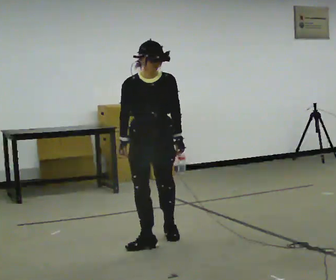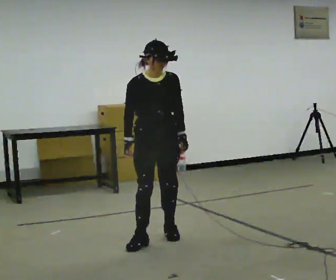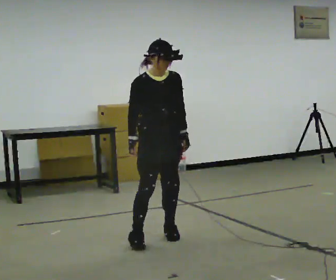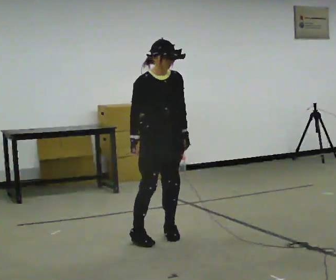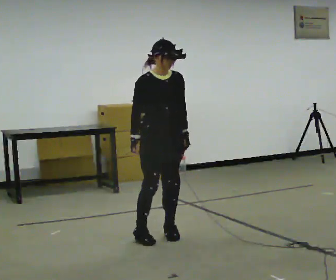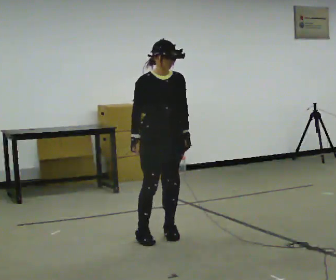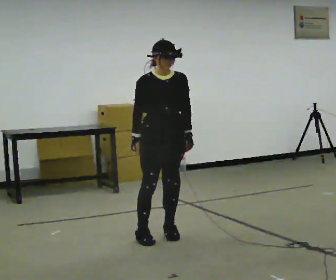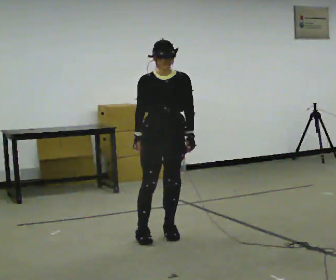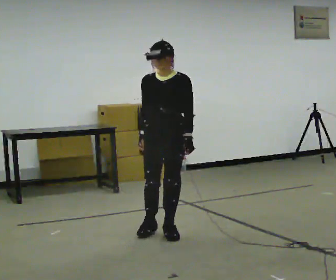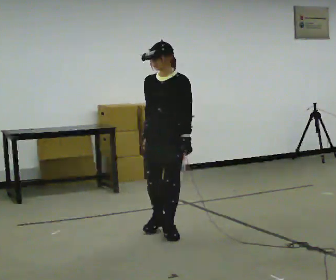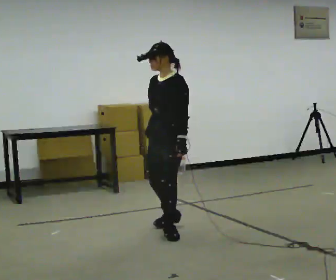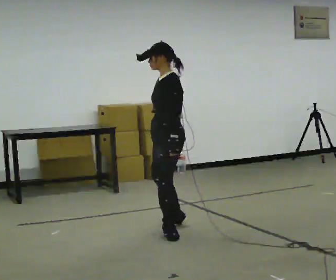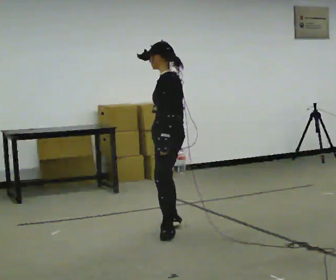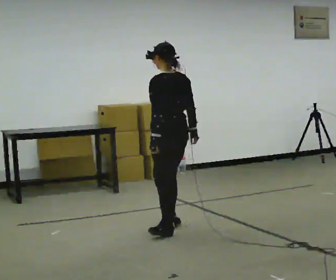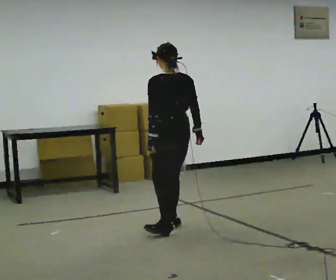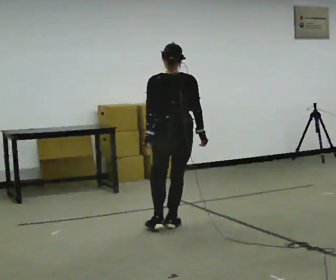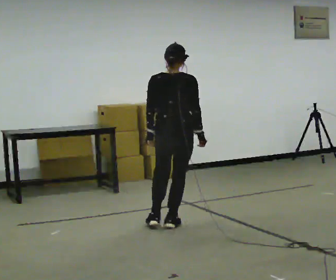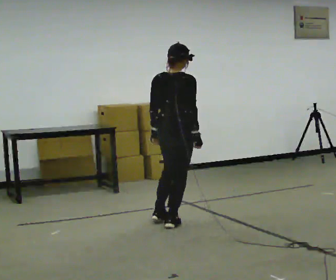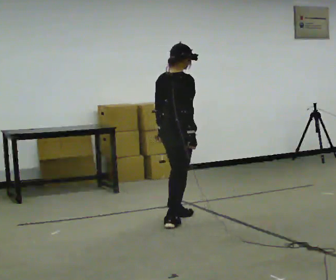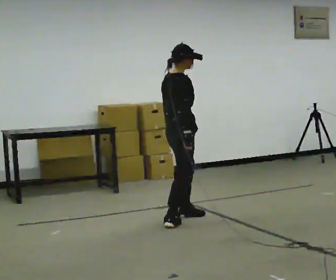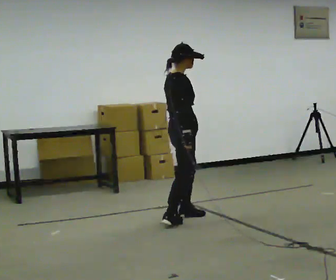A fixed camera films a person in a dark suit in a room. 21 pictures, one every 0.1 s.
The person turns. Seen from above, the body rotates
clockwise.
The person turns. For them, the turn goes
to their right.
0.0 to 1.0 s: The person turns about 75 degrees to their right, clockwise seen from above, so the part of the body nearest the lens slides to the left. In the picture they go away from the camera, about 0.25 m in 1 step.
1.0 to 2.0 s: Seen from above the body turns clockwise, about 210 degrees: to their right, with its near side sliding to the left. In the picture they go away from the camera, about 0.5 m in 2 steps.
The film runs forward here.
